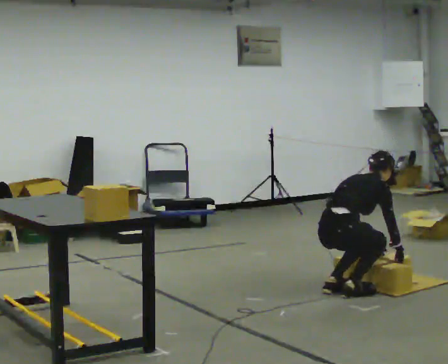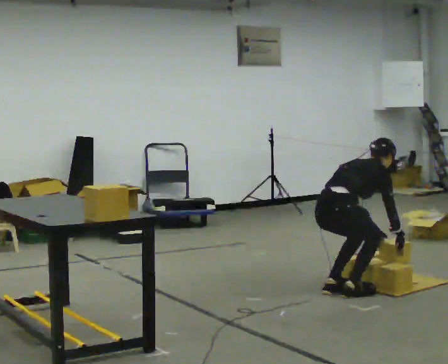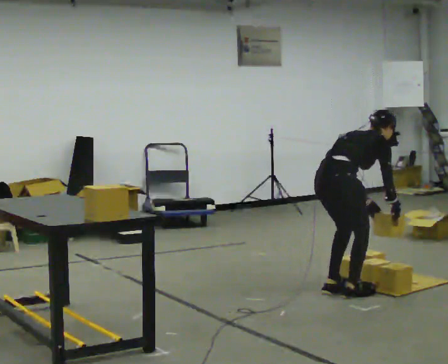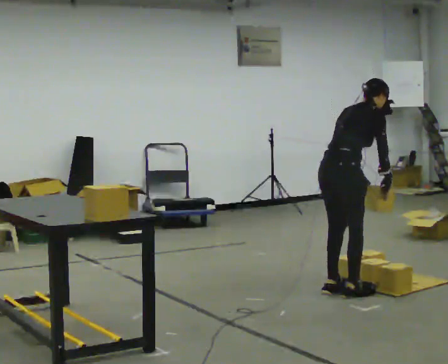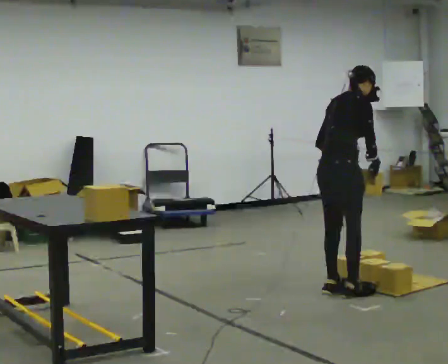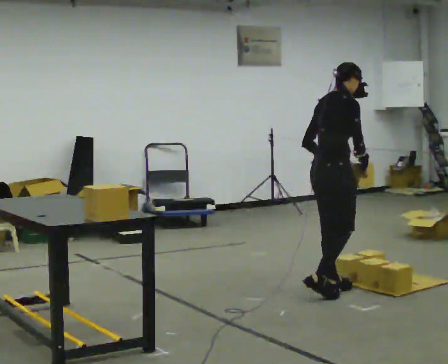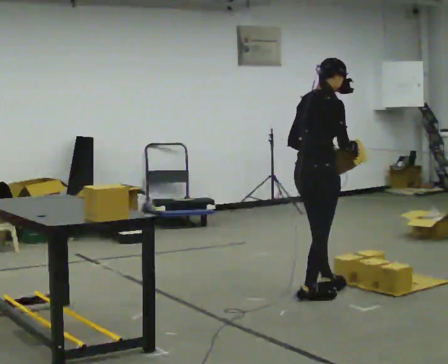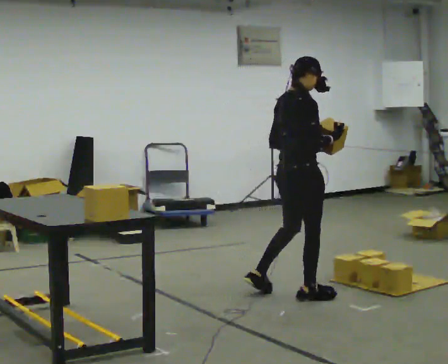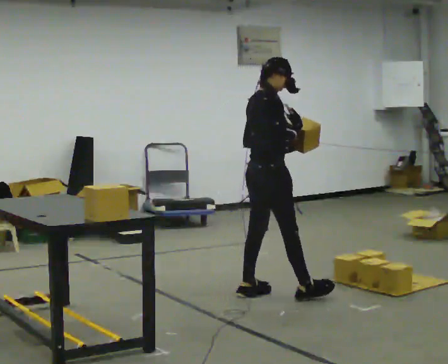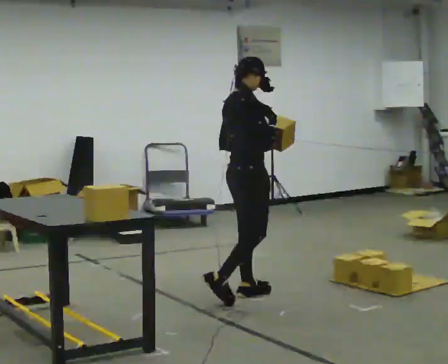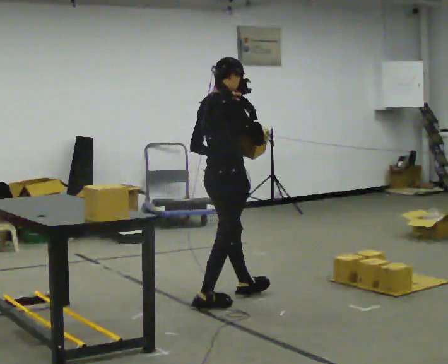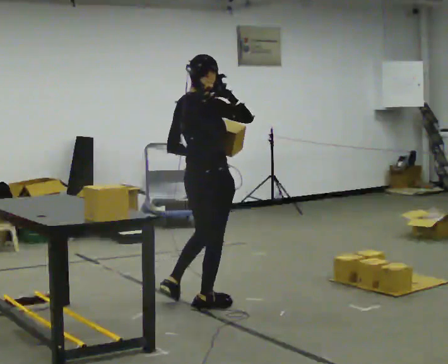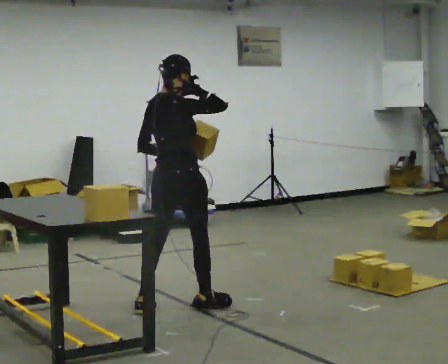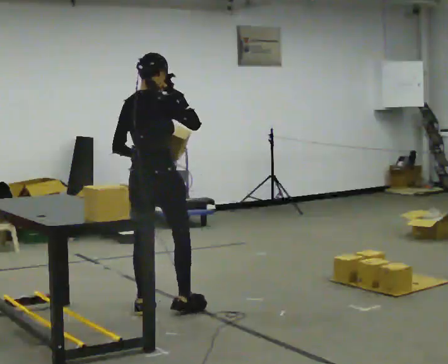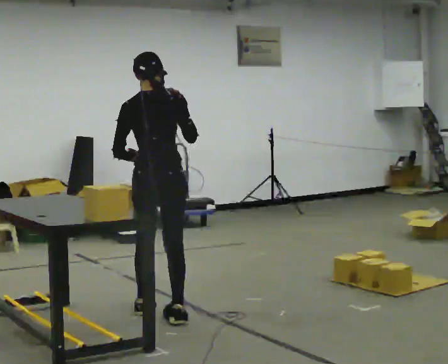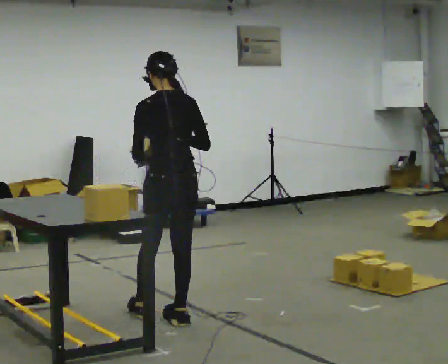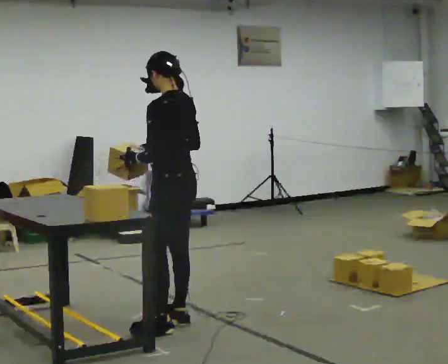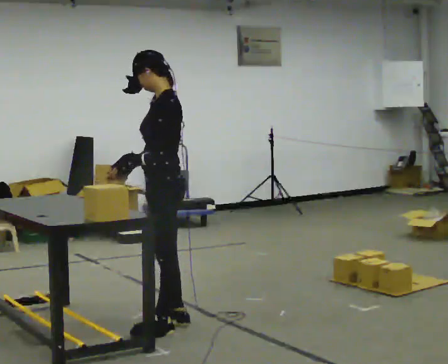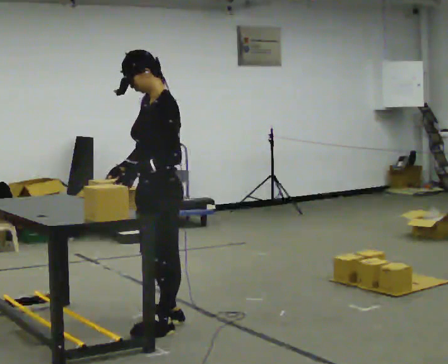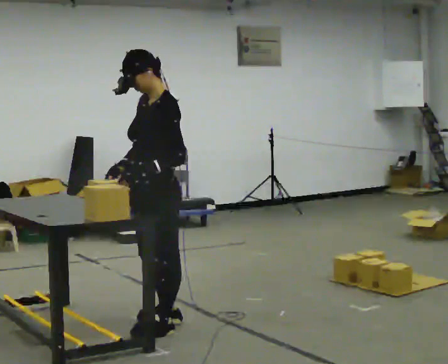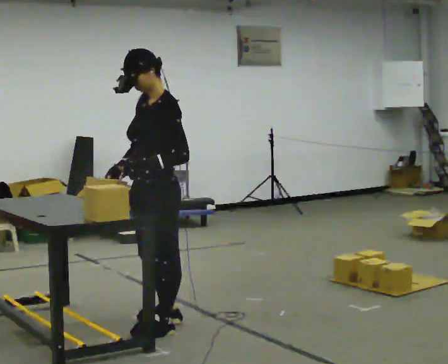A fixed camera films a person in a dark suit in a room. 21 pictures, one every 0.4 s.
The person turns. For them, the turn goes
to their left.
The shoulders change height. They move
upward.
0.0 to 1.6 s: The shoulders move upward. In the picture their right hand goes upward.
1.6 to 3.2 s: In the picture they go to the left, about 0.5 m in 2 steps, which for them is backward and to their left. In the picture the upper body tilts counterclockwise, shoulders to the left, as they lean back or straighten.
3.2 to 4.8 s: The person turns about 30 degrees to their left, counterclockwise seen from above, so the part of the body nearest the lens slides to the right. In the picture they go to the left and toward the camera, about 0.75 m in 2 steps, which for them is backward.
4.8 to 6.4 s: The part of the body nearest the lens slides to the right as the person turns to their left by about 90 degrees. In the picture they go toward the camera, about 0.25 m in 2 steps. In the picture their right hand goes downward.
6.4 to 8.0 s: The part of the body nearest the lens slides to the right as the person turns to their left by about 60 degrees. In the picture they go toward the camera, about 0.25 m, which for them is to their left.
The film runs backward here.
